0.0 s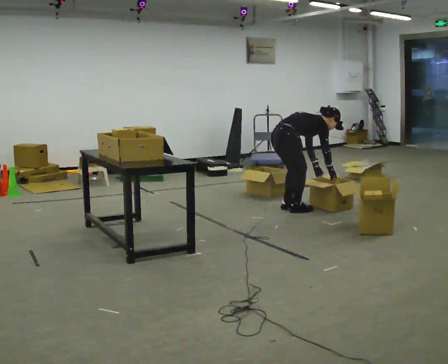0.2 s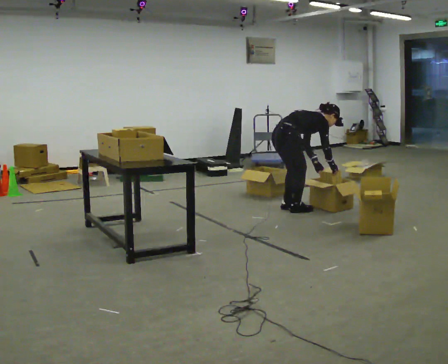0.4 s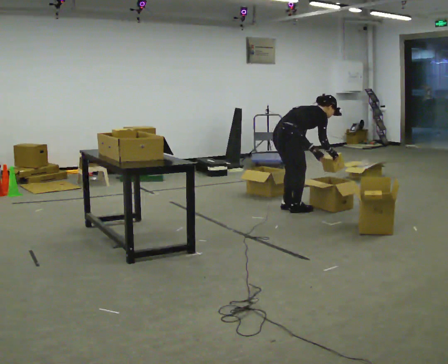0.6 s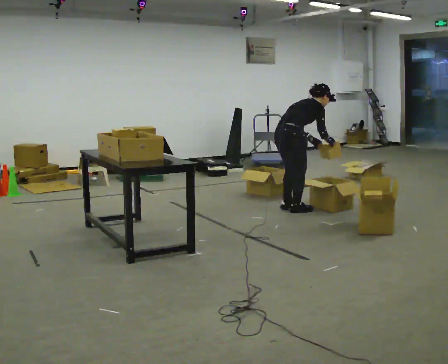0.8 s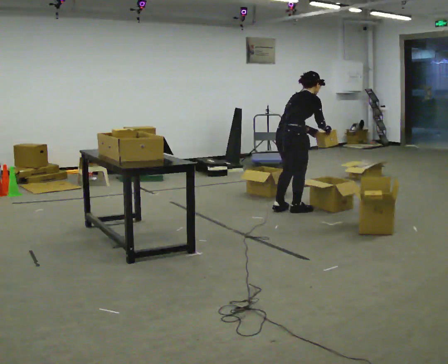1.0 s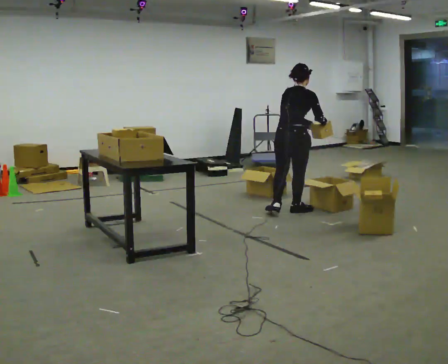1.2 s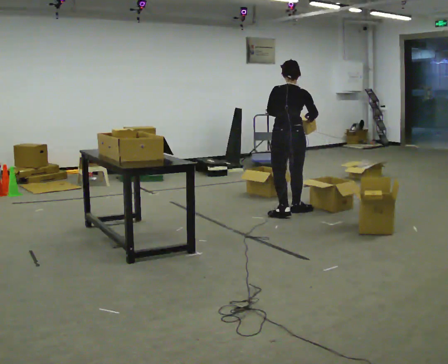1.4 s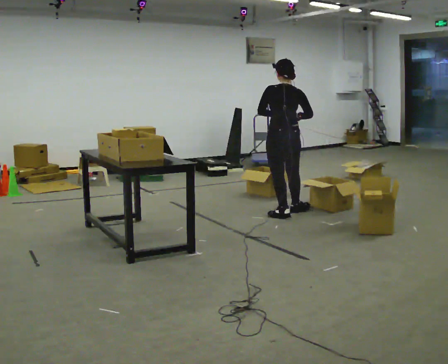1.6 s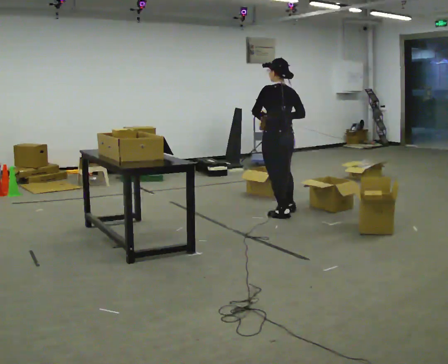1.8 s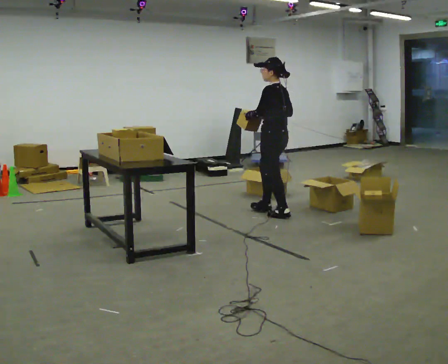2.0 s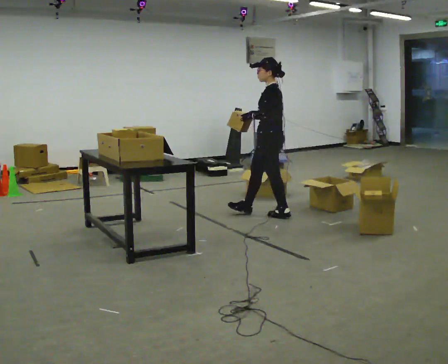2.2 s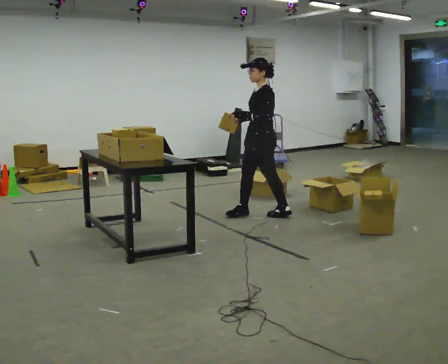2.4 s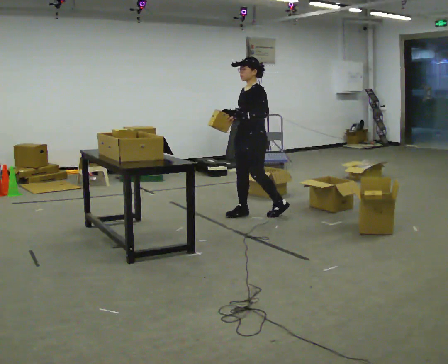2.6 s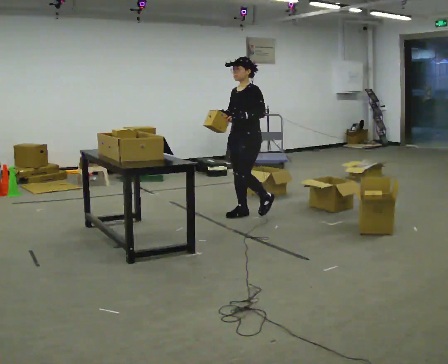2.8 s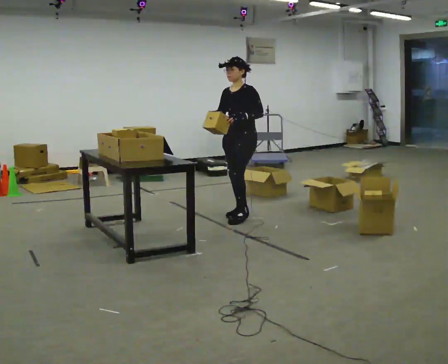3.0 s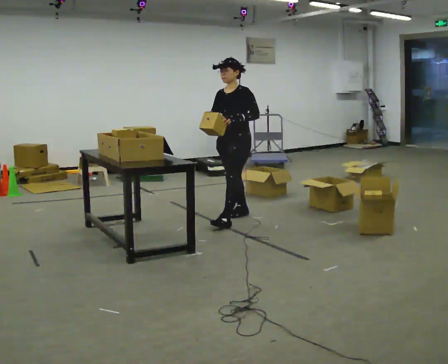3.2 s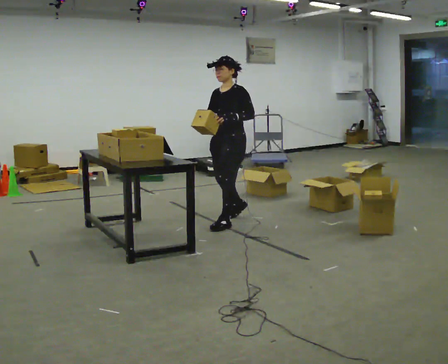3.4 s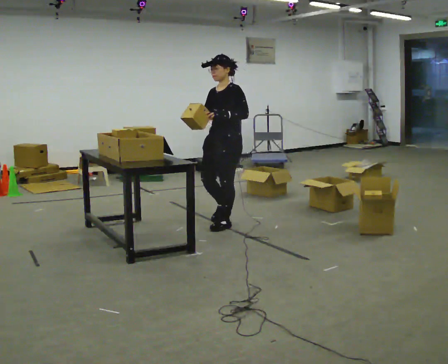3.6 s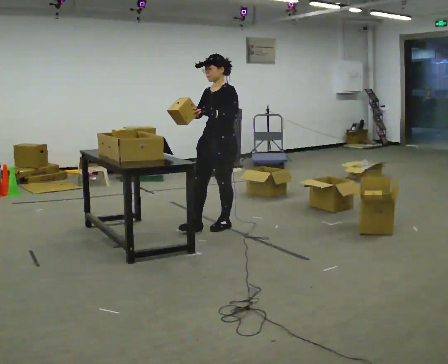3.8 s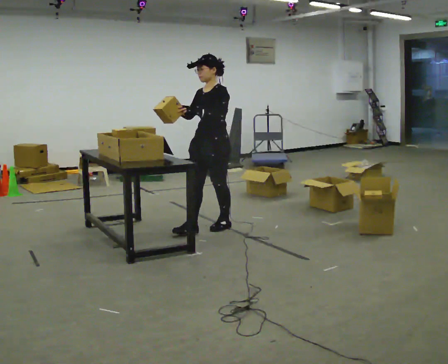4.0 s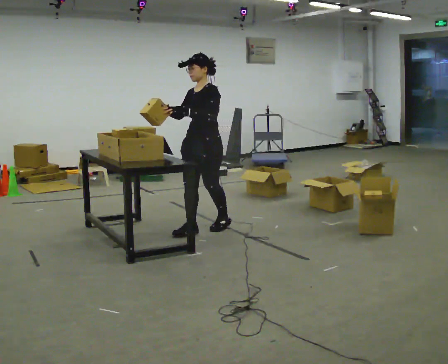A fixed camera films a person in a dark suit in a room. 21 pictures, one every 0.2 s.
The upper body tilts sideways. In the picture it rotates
counterclockwise.
The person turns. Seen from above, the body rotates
counterclockwise.
0.0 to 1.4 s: Seen from above the body turns counterclockwise, about 90 degrees: to their left, with its near side sliding to the right. In the picture they go toward the camera, about 0.25 m in 1 step. The upper body goes upward. In the picture the upper body tilts counterclockwise, shoulders to the left, as they lean back or straighten. In the picture their right hand goes upward and to the left.
1.4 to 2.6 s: Seen from above the body turns counterclockwise, about 120 degrees: to their left, with its near side sliding to the right. In the picture they go to the left, about 0.5 m in 1 step.
2.6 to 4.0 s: In the picture they go toward the camera and to the left, about 0.75 m in 2 steps, which for them is forward.
The film runs forward here.
